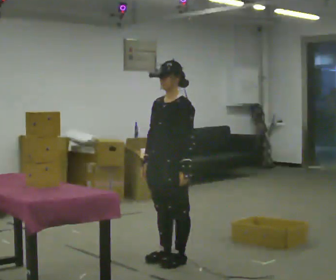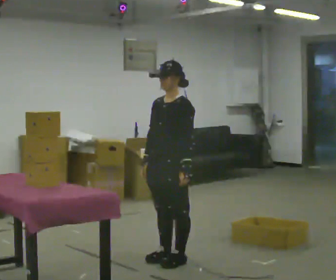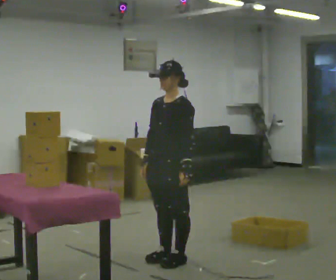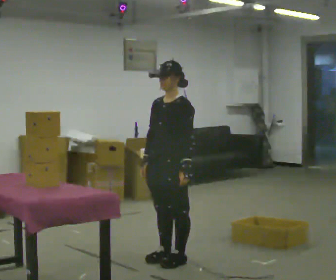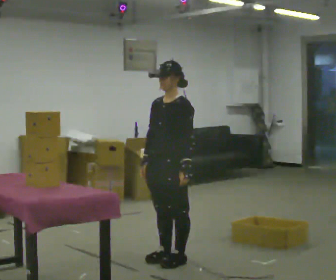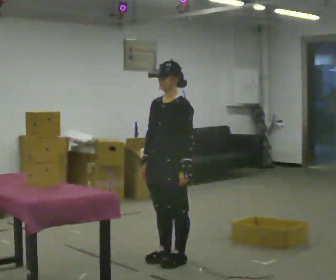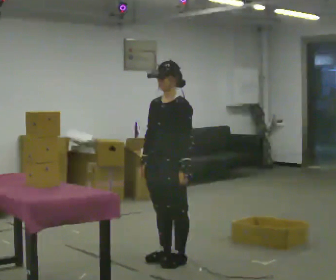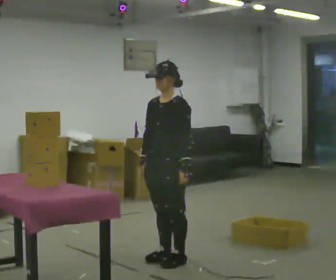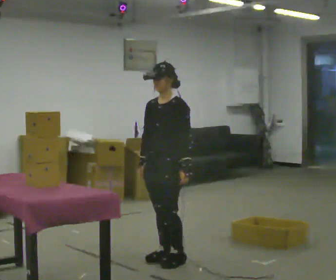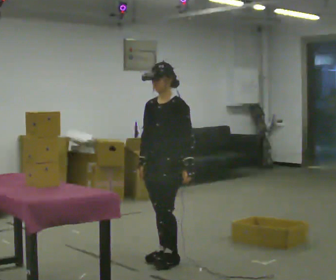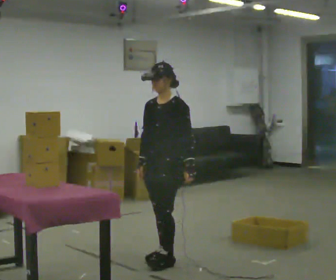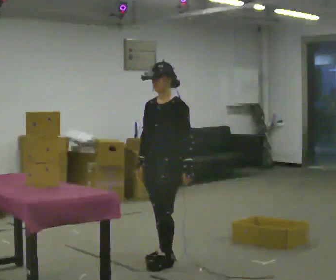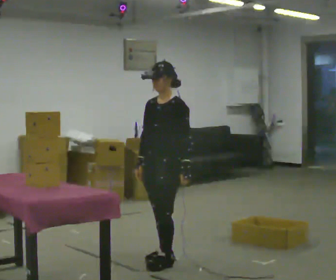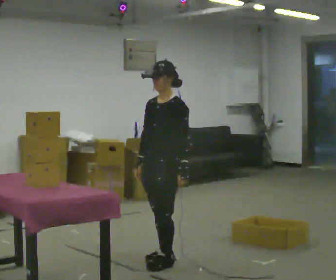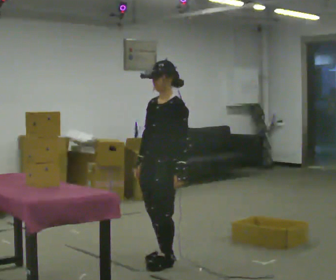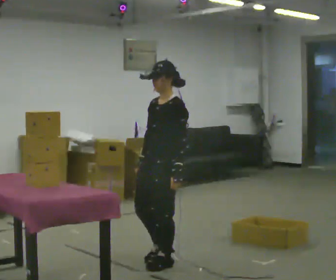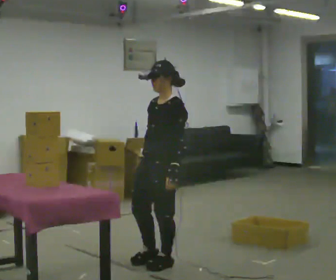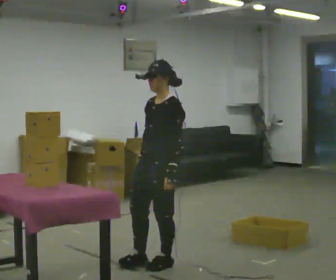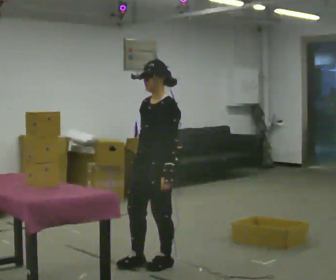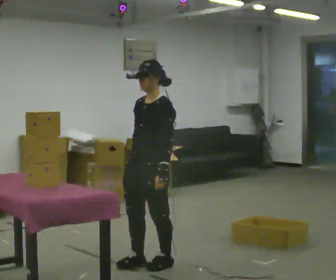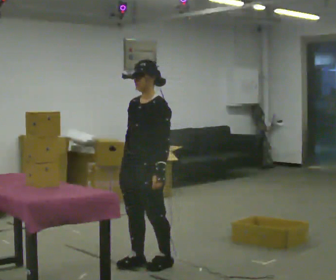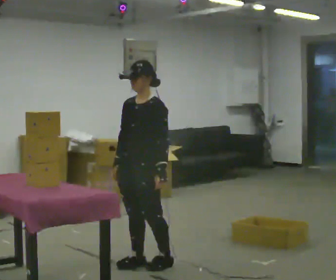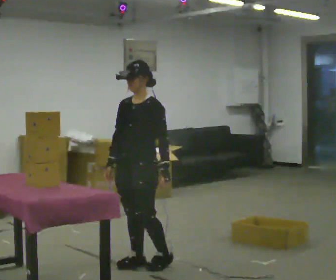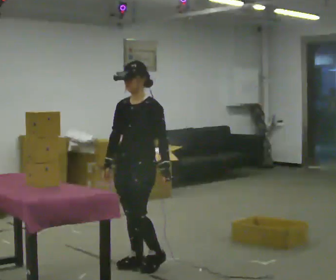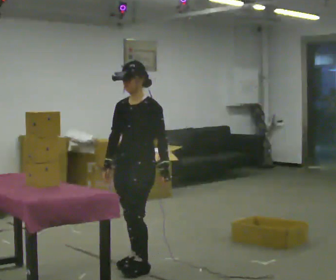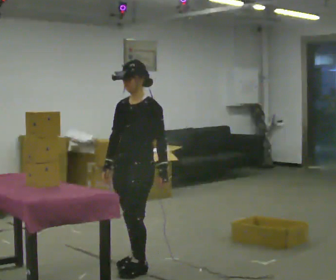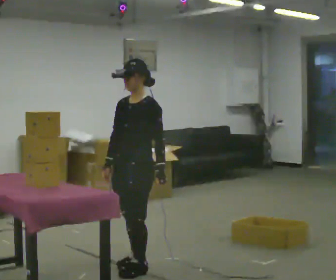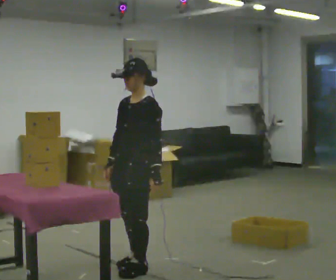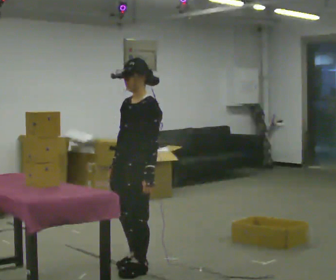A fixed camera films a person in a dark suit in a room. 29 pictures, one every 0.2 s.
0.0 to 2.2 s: The person moves a little, or ends about where they began.
2.2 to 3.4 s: In the picture they go toward the camera, about 0.25 m, which for them is forward.
3.4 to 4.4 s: In the picture they go to the left, about 0.25 m in 1 step.
4.4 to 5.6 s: In the picture they go toward the camera, about 0.25 m in 1 step, which for them is forward.
The film runs forward here.
